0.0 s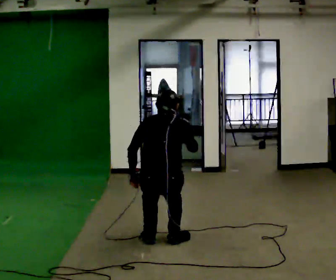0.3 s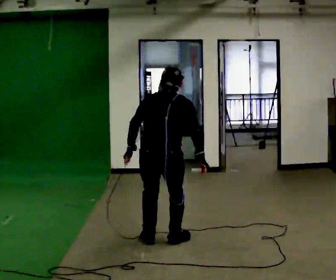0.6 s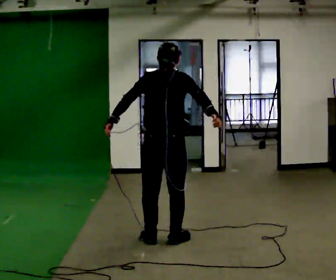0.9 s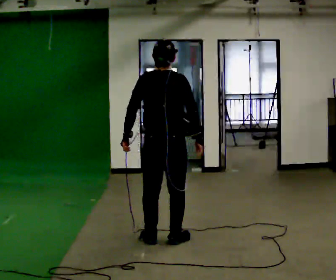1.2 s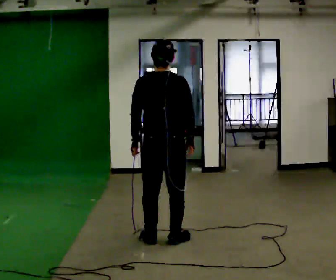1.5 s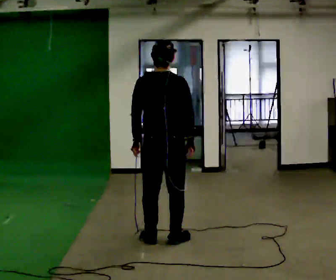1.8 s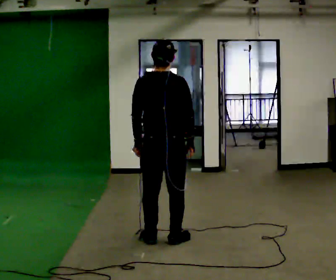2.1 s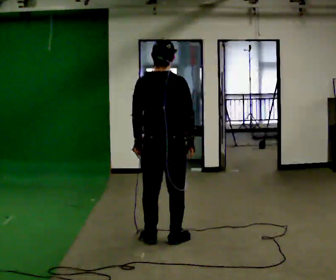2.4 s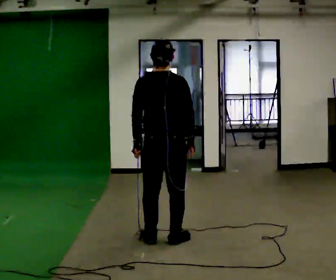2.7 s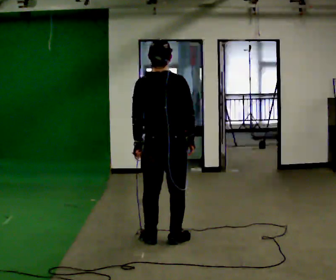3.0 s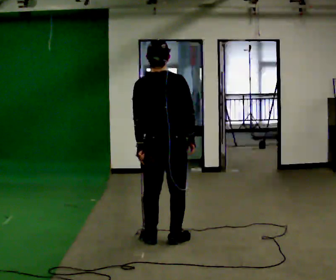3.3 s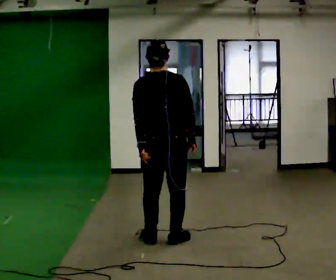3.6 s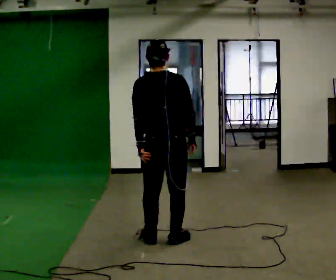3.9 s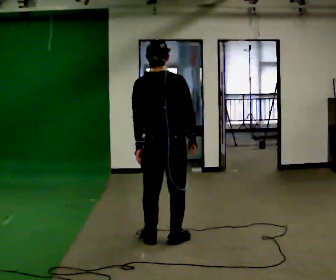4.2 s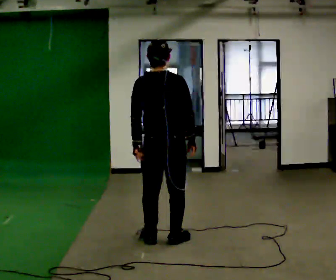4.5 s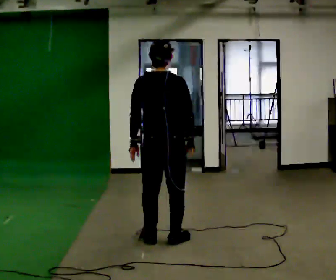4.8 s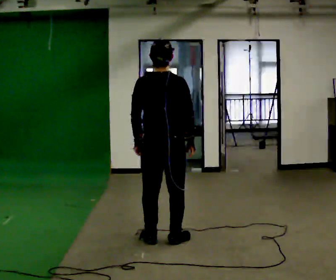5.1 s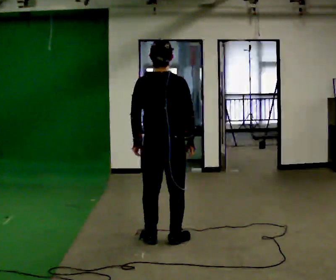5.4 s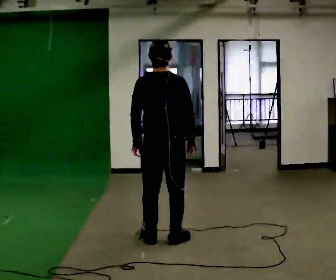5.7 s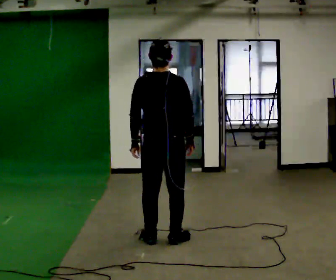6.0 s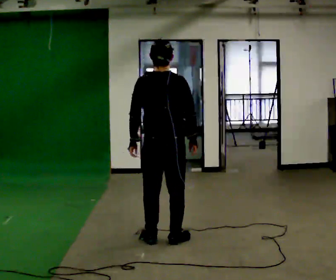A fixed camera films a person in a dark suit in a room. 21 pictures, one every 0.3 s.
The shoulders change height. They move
upward.
0.0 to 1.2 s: The upper body goes upward. The upper body tips toward the camera, its near side rolling downward, as they lean back or straighten.
1.2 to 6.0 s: The person moves a little, or ends about where they began.
The film runs backward here.
